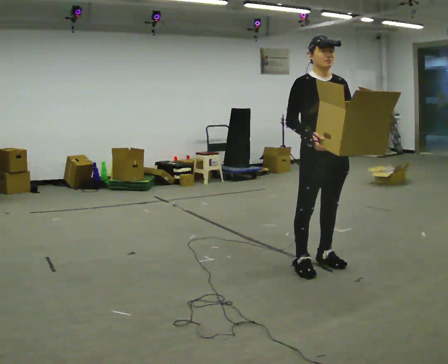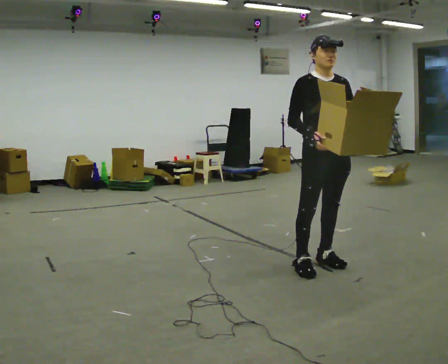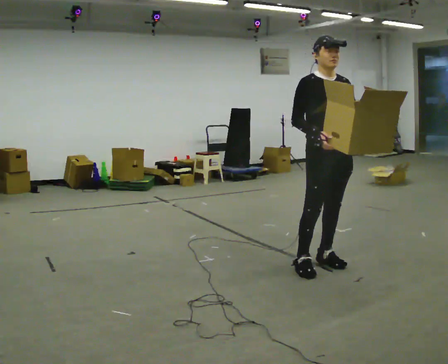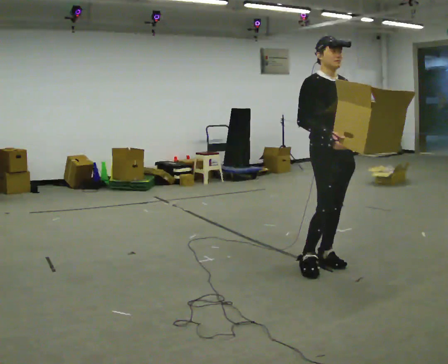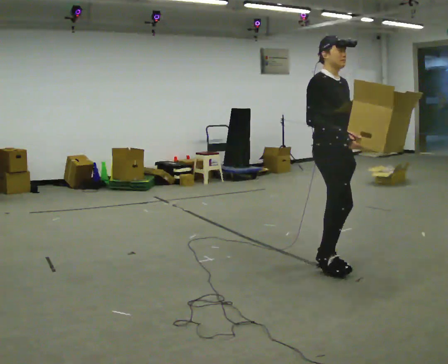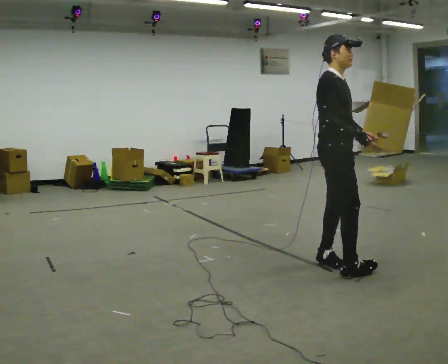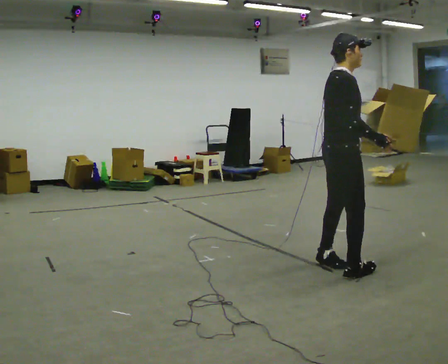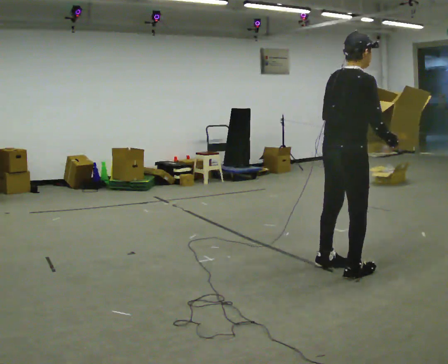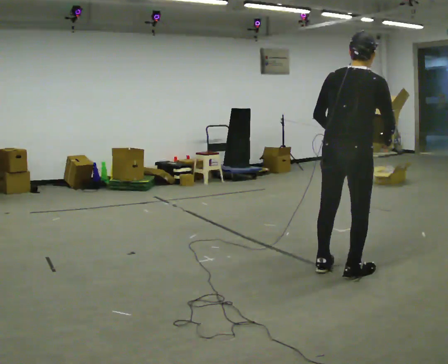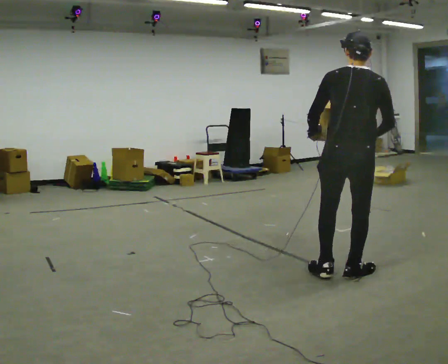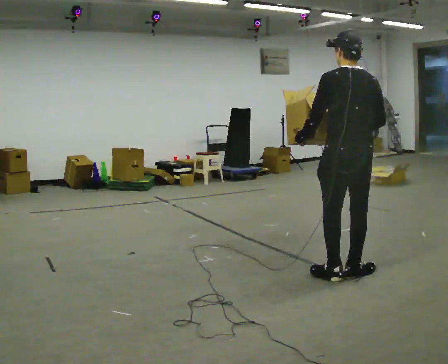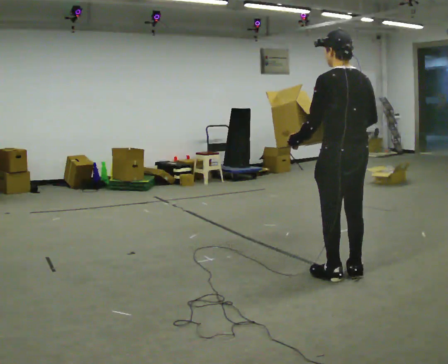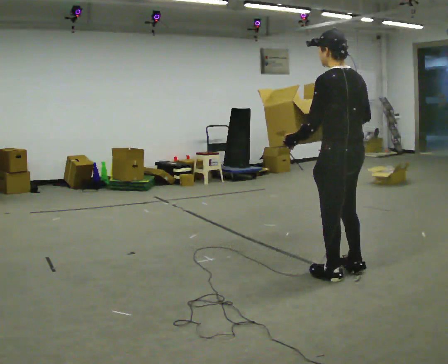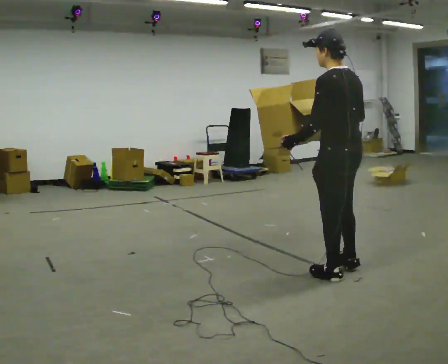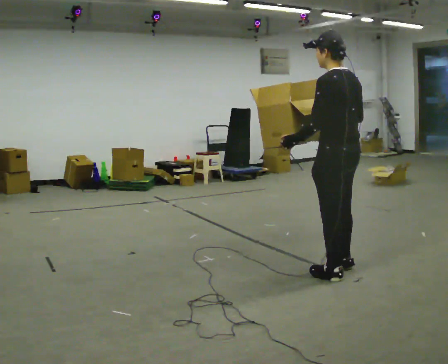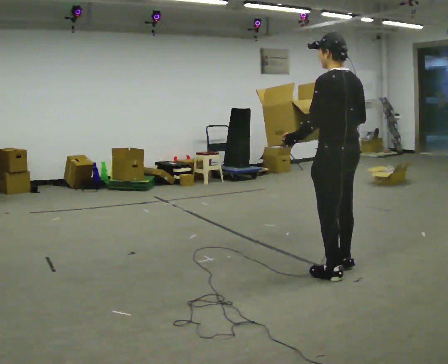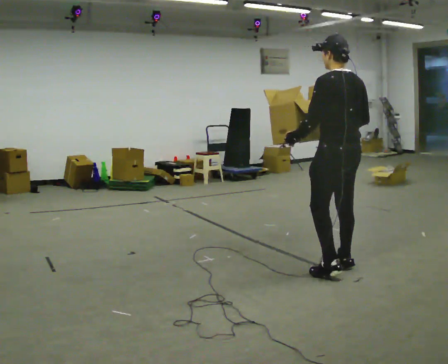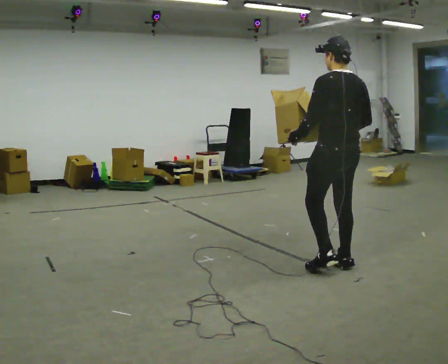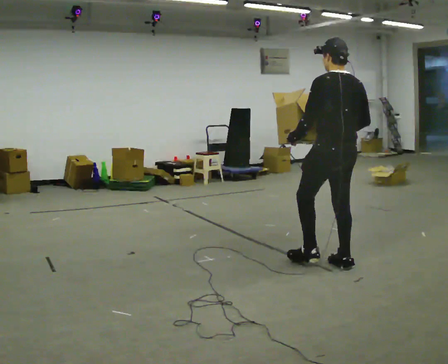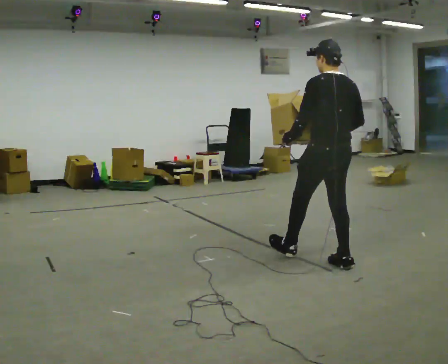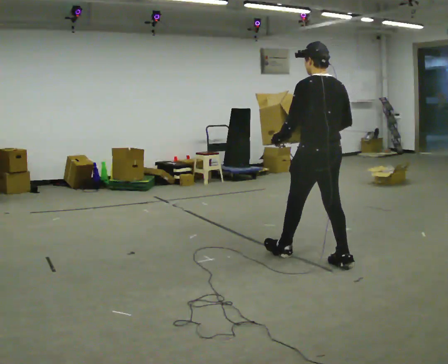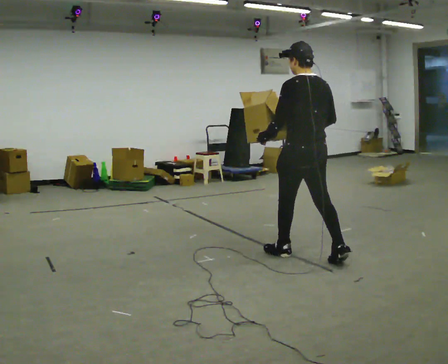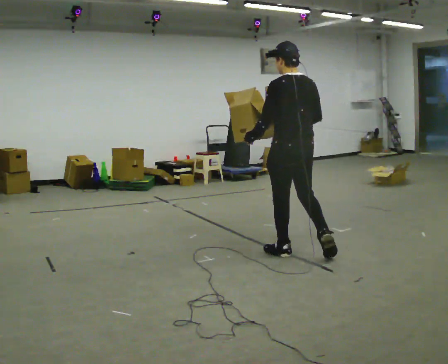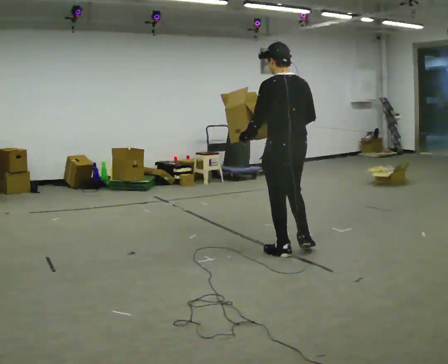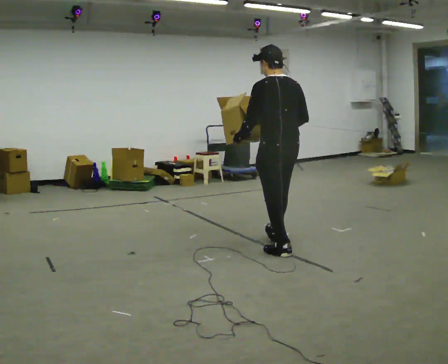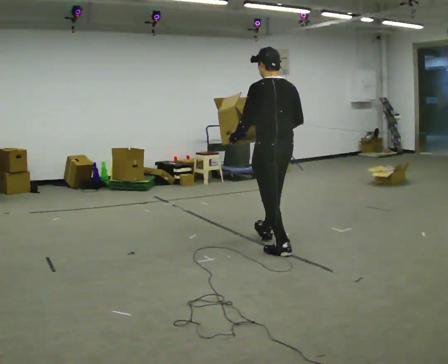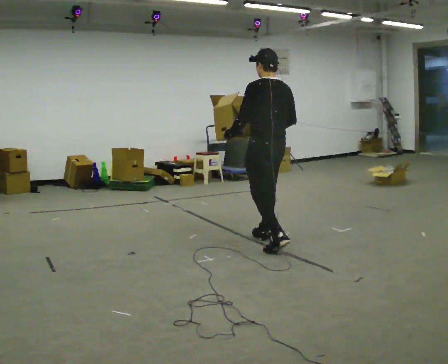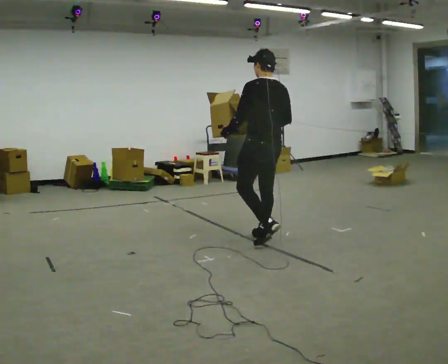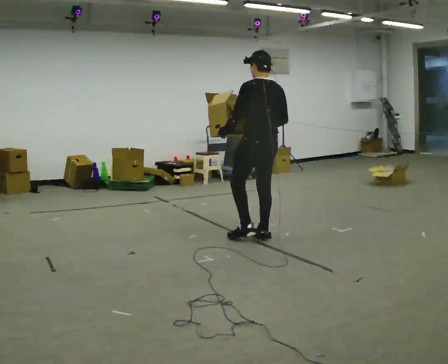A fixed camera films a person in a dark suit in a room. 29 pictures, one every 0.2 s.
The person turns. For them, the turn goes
to their left.
The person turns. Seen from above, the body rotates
counterclockwise.
0.0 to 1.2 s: The part of the body nearest the lens slides to the right as the person turns to their left by about 75 degrees.
1.2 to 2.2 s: Seen from above the body turns counterclockwise, about 105 degrees: to their left, with its near side sliding to the right. In the picture they go toward the camera, about 0.25 m in 1 step. In the picture their left hand goes to the left, the arm swinging clockwise.
2.2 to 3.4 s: In the picture they go away from the camera, about 0.25 m in 1 step, which for them is forward and to their right.
3.4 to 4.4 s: In the picture they go to the left and away from the camera, about 0.5 m in 1 step, which for them is forward.
4.4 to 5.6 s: In the picture they go away from the camera and to the left, about 0.5 m in 1 step, which for them is forward.
The film runs forward here.
